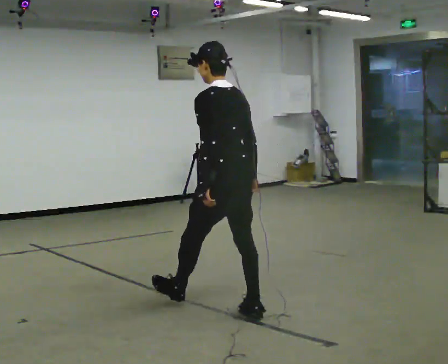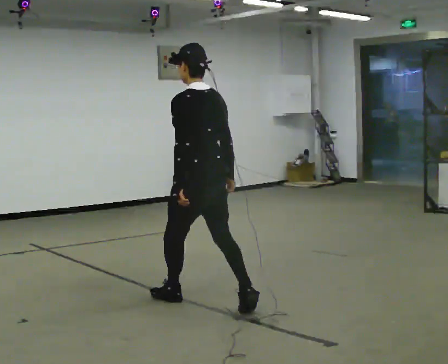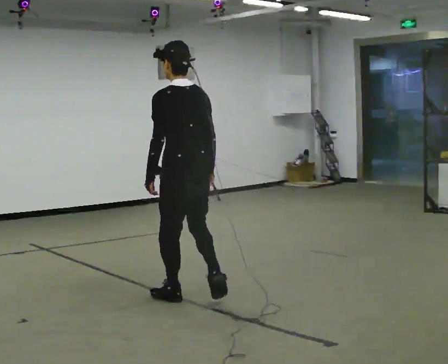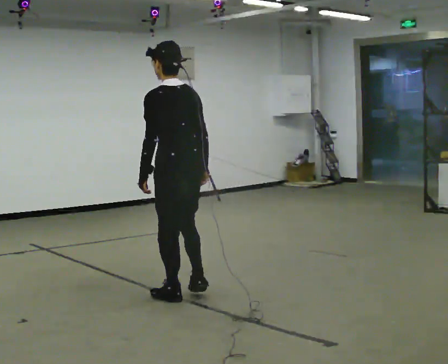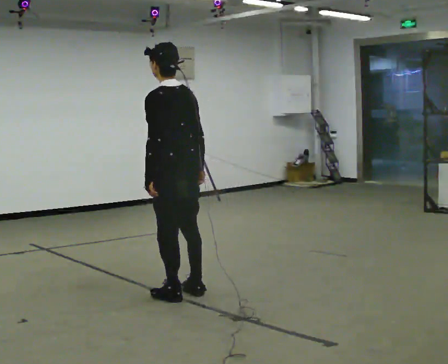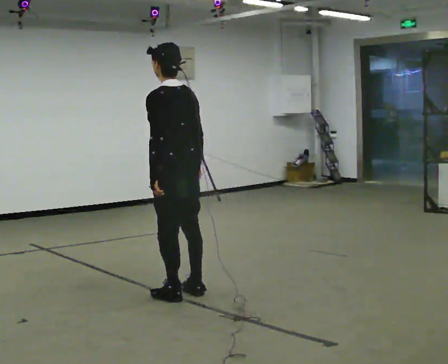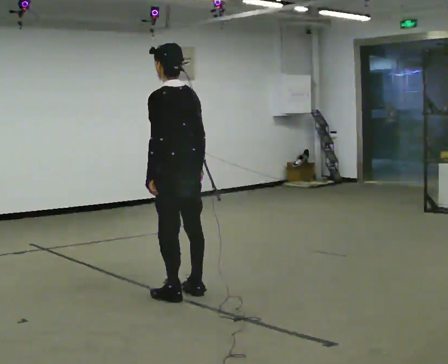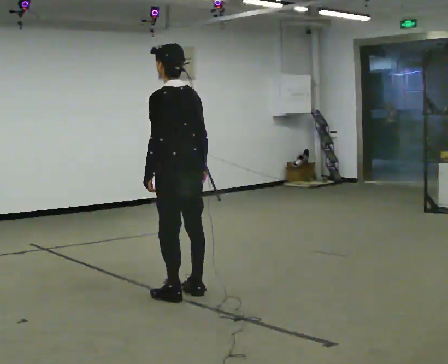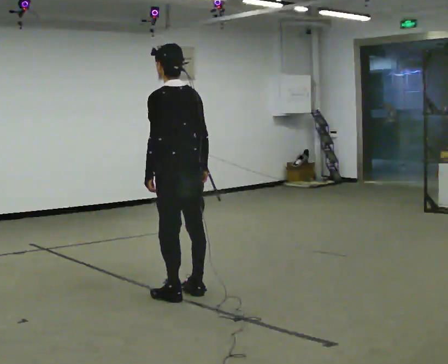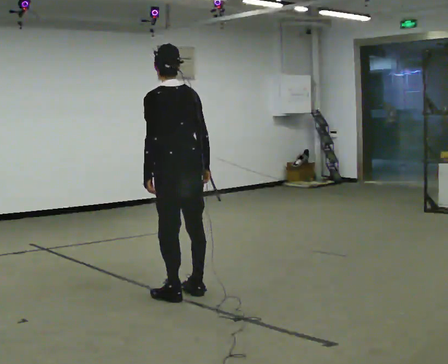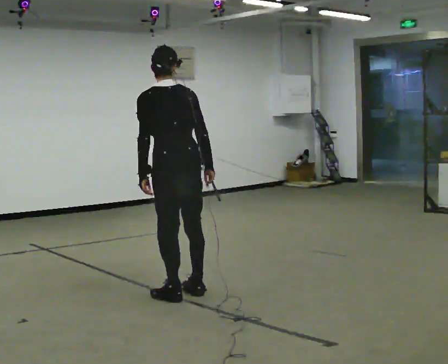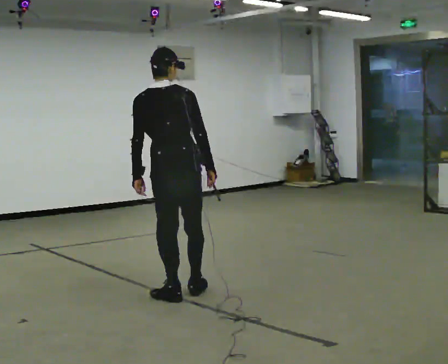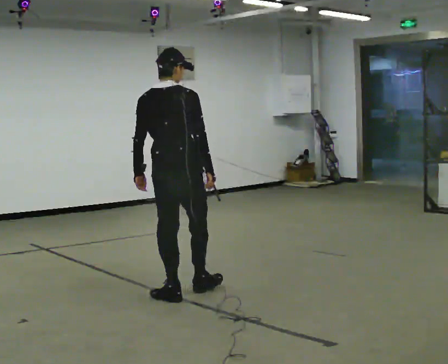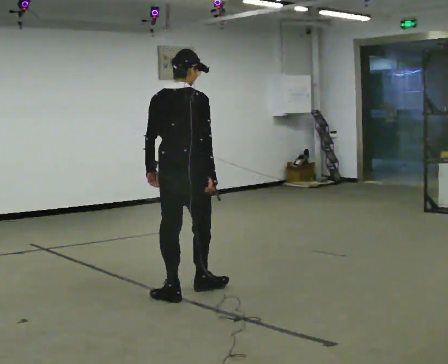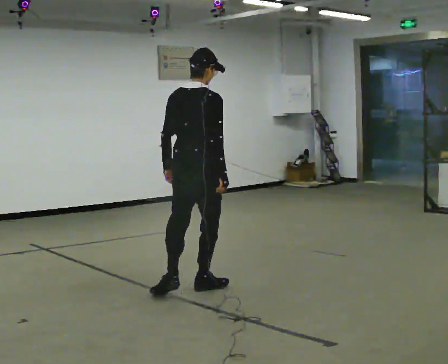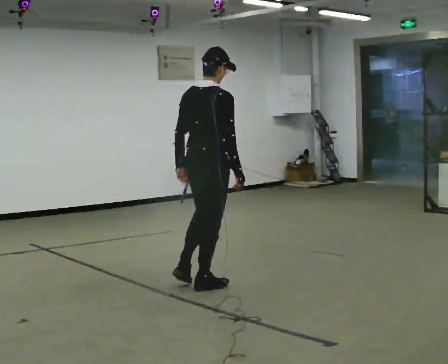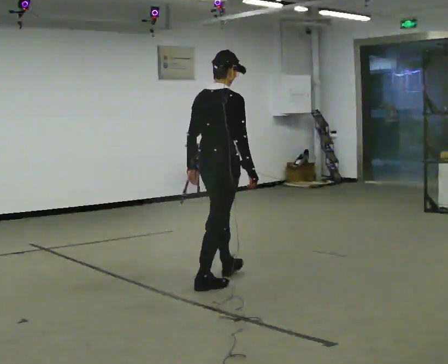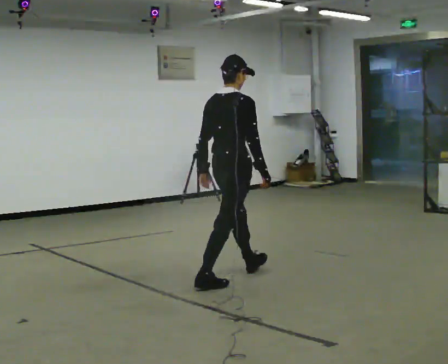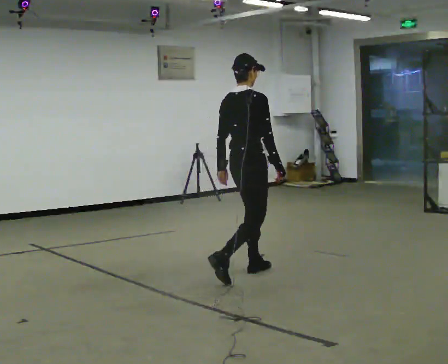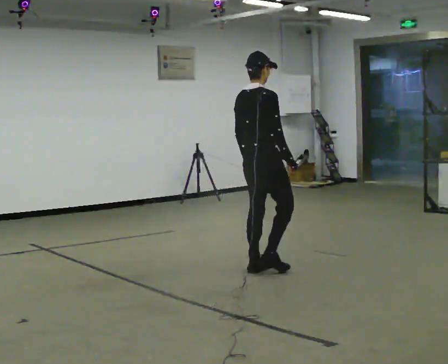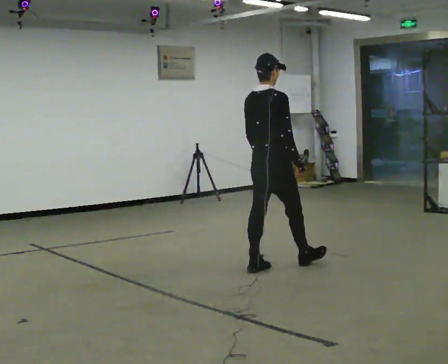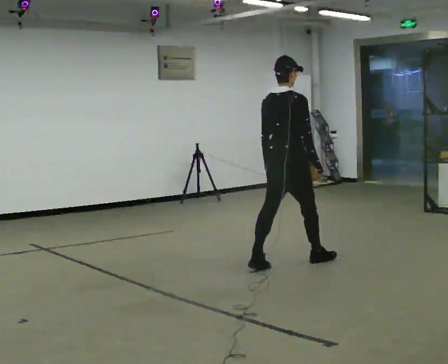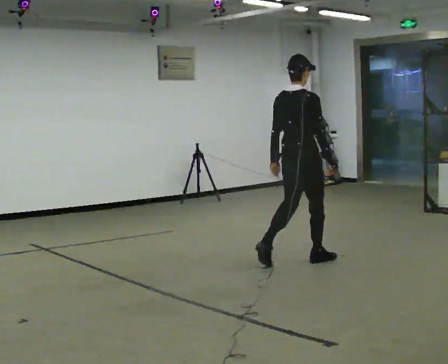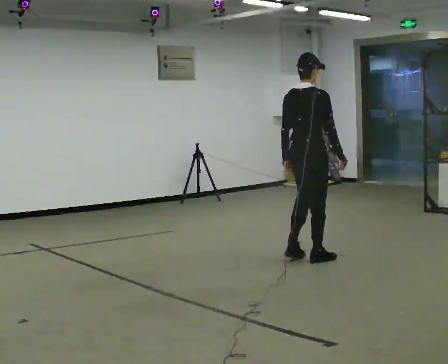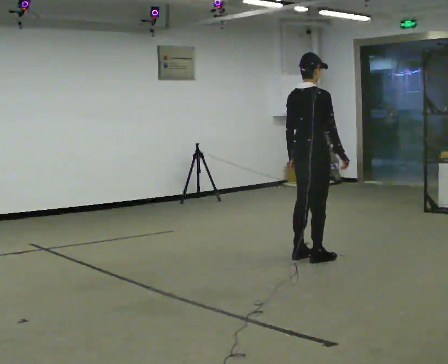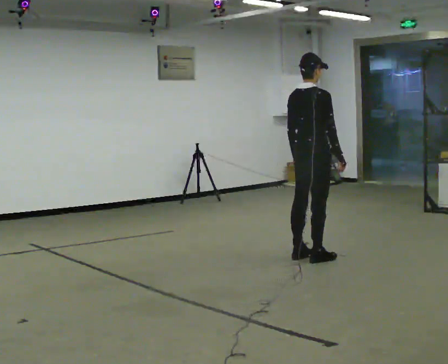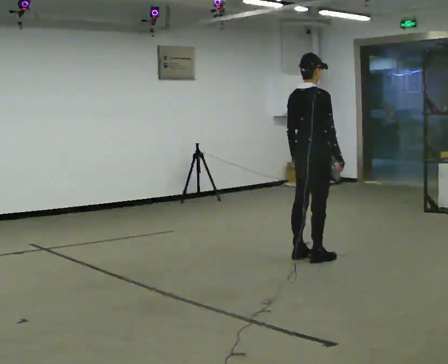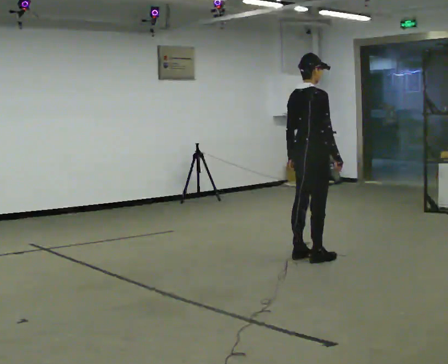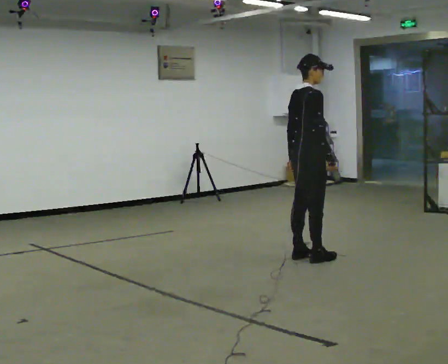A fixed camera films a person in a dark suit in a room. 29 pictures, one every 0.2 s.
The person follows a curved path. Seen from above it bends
clockwise.
The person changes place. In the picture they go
away from the camera.
0.0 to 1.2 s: In the picture they go away from the camera and to the left, about 0.5 m in 2 steps, which for them is forward.
1.2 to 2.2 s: Seen from above the body turns clockwise, about 45 degrees: to their right, with its near side sliding to the left.
2.2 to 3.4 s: The part of the body nearest the lens slides to the left as the person turns to their right by about 45 degrees. In the picture they go away from the camera and to the right, about 0.5 m in 1 step, which for them is forward.
3.4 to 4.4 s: In the picture they go to the right and away from the camera, about 1 m in 2 steps, which for them is forward.
4.4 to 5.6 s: The person turns about 30 degrees to their right, clockwise seen from above, so the part of the body nearest the lens slides to the left.
The film runs forward here.
